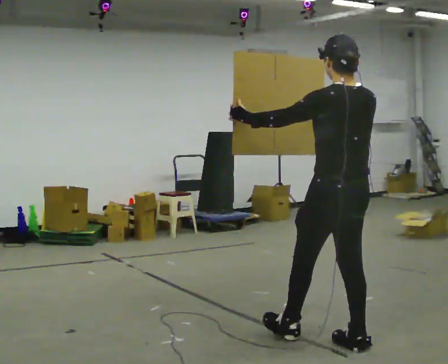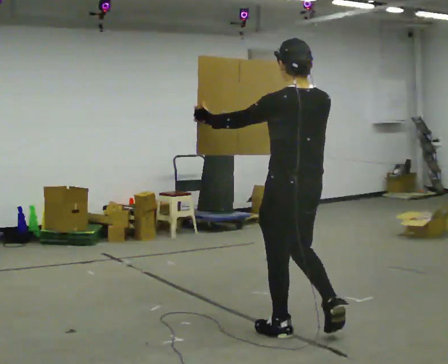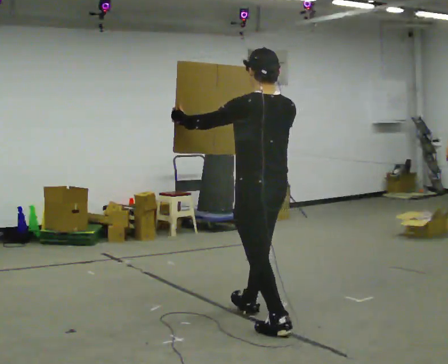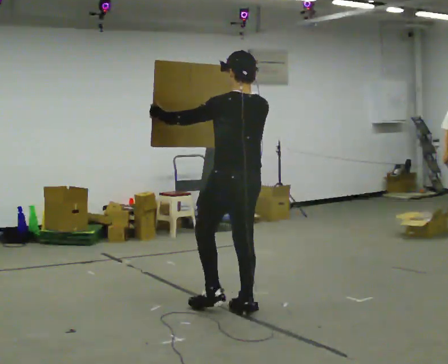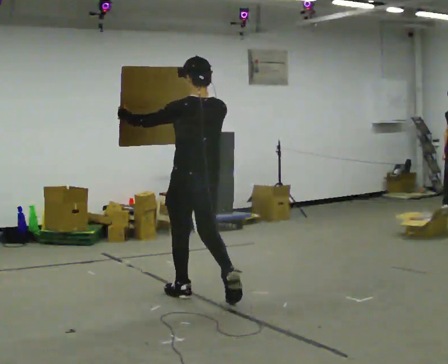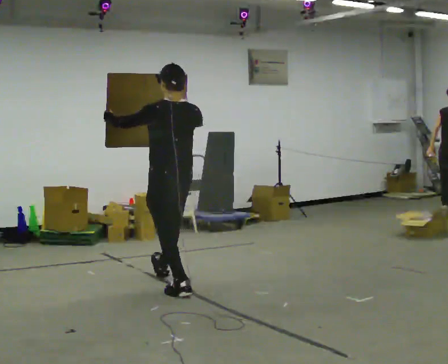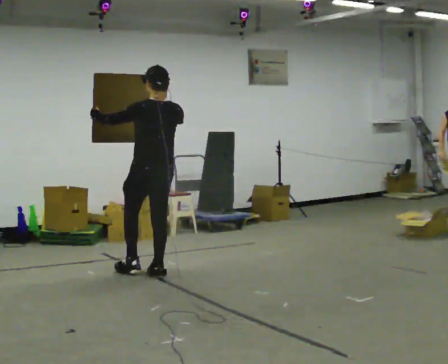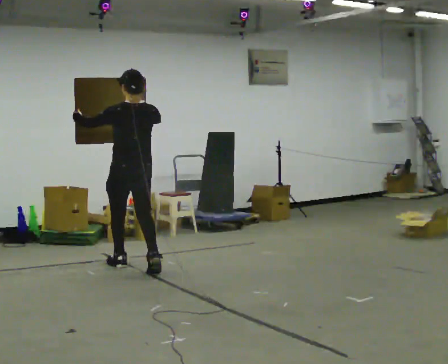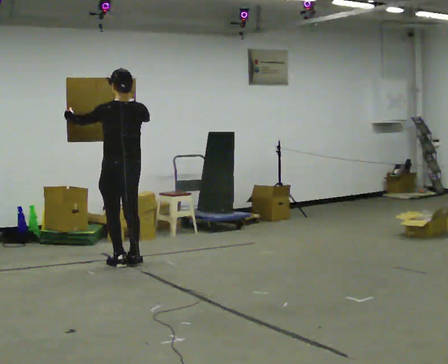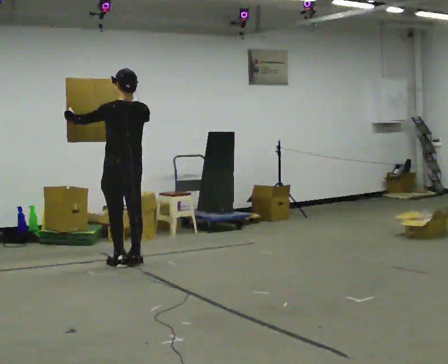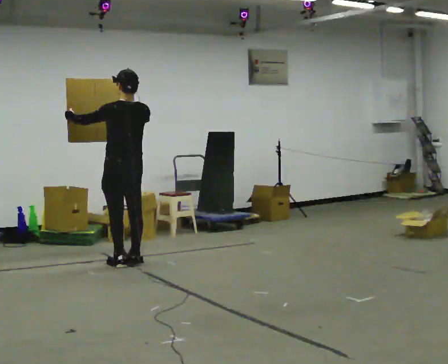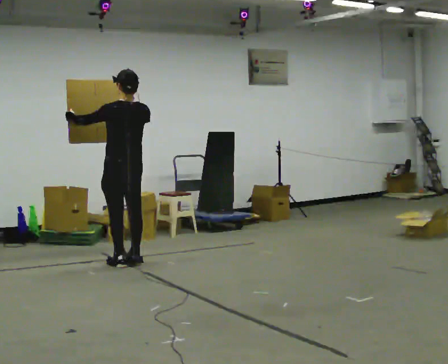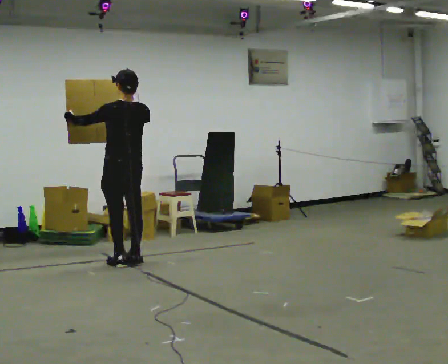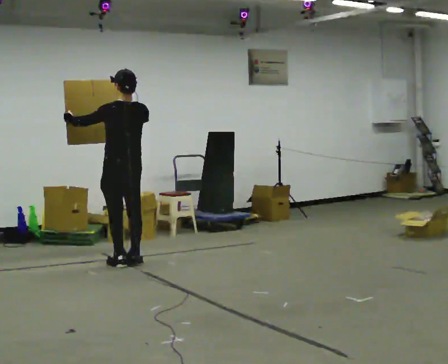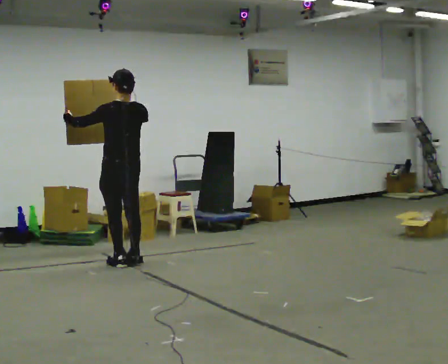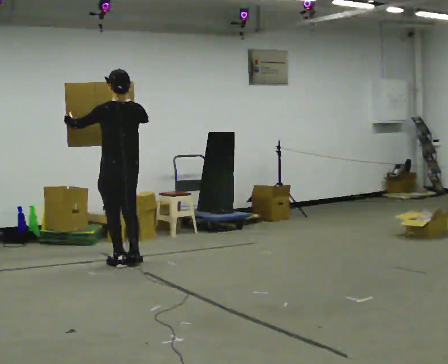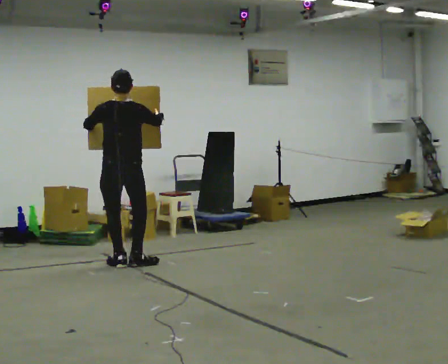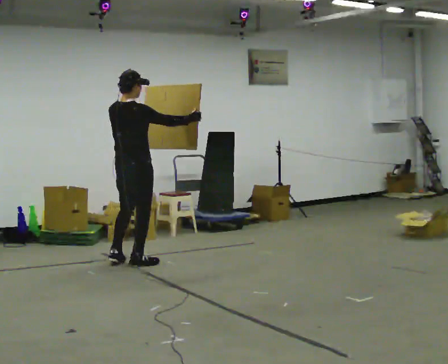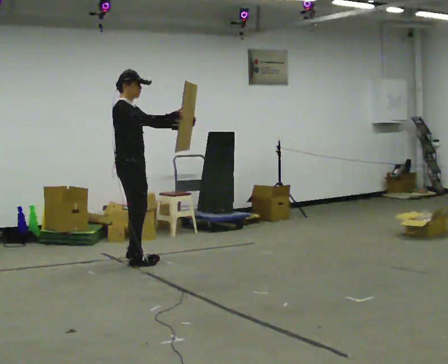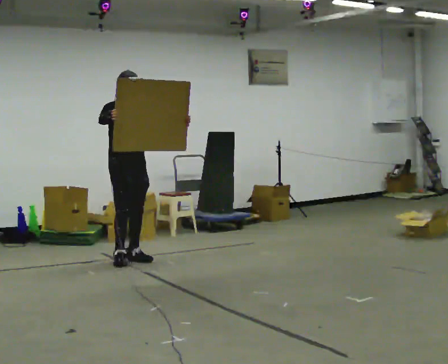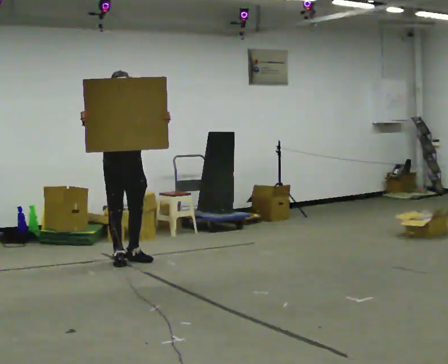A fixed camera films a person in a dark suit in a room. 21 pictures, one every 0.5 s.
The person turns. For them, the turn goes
to their right.
The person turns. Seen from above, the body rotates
clockwise.
0.0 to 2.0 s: In the picture they go away from the camera and to the left, about 1.5 m in 3 steps, which for them is forward.
2.0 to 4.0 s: In the picture they go away from the camera and to the left, about 1.5 m in 3 steps, which for them is forward.
4.0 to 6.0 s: The person moves a little, or ends about where they began.
6.0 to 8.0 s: Seen from above the body turns clockwise, about 30 degrees: to their right, with its near side sliding to the left.
8.0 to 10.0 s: The part of the body nearest the lens slides to the left as the person turns to their right by about 165 degrees. In the picture they go away from the camera, about 0.25 m in 2 steps. In the picture their right hand goes to the left.
The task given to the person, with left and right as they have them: Carry the large panel across the room. It will block your view ahead, so take whatever route feels safe. Keep going until the operator says stop; one object at a time, and do not rush between trips.
The film runs forward here.
